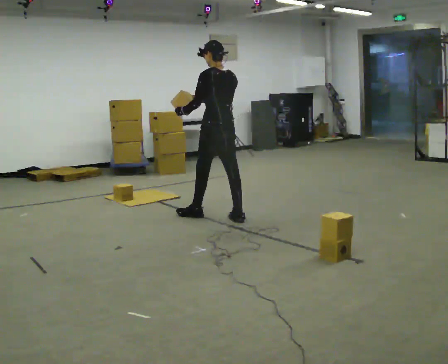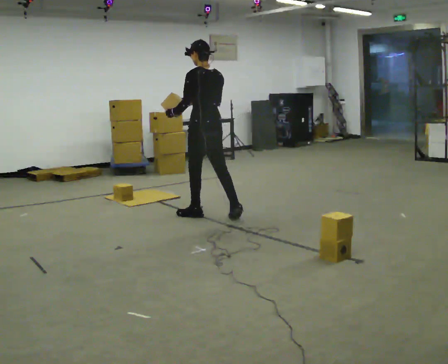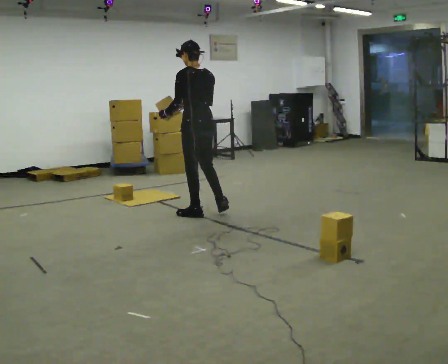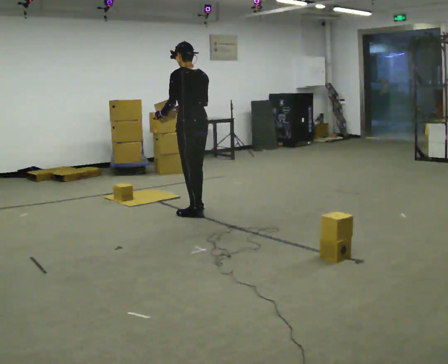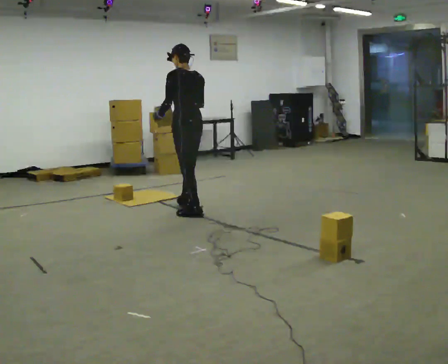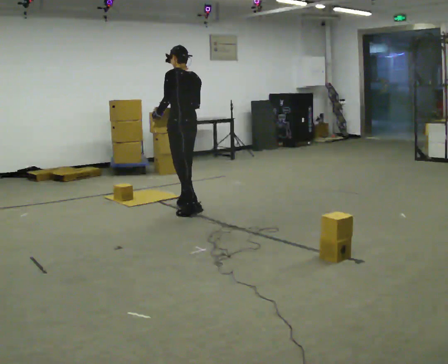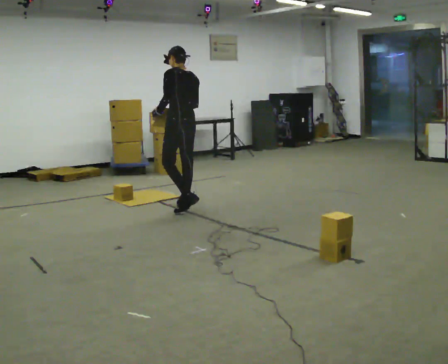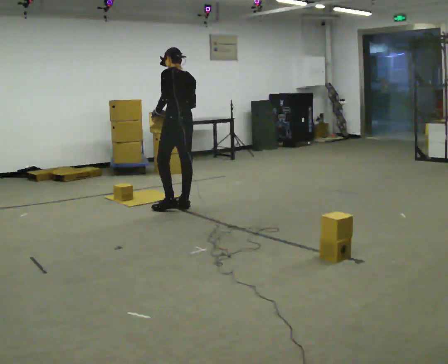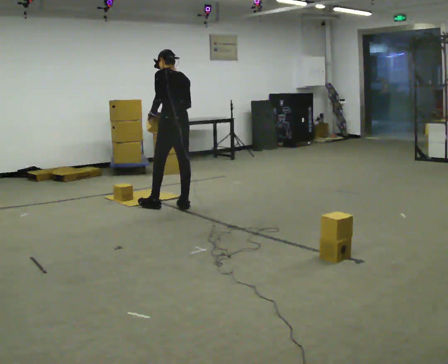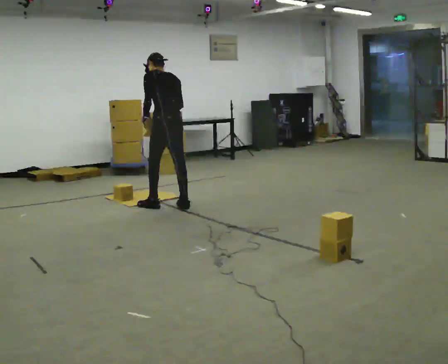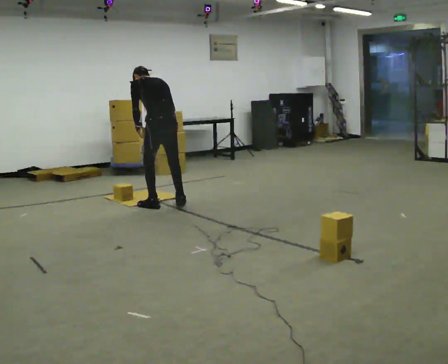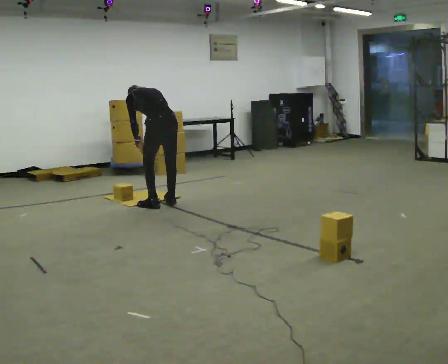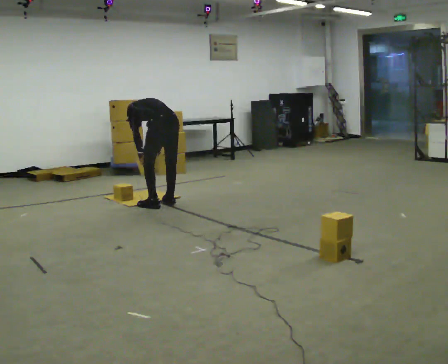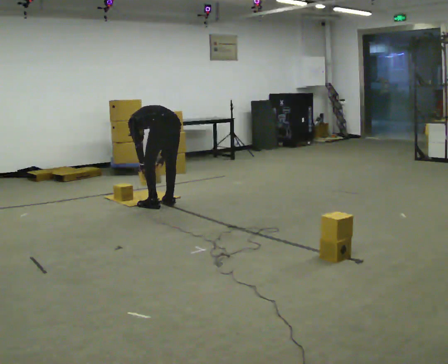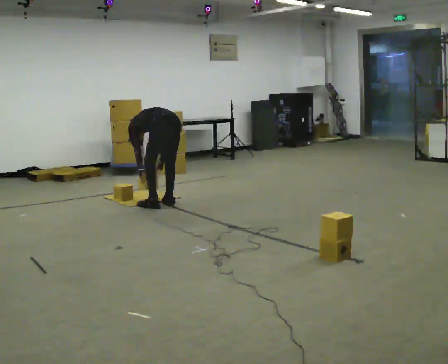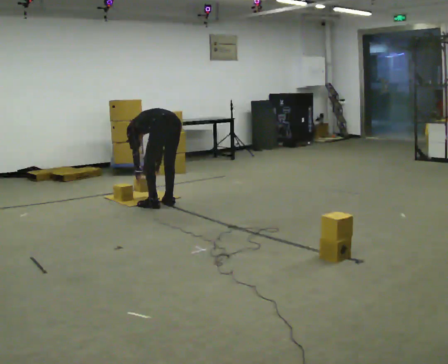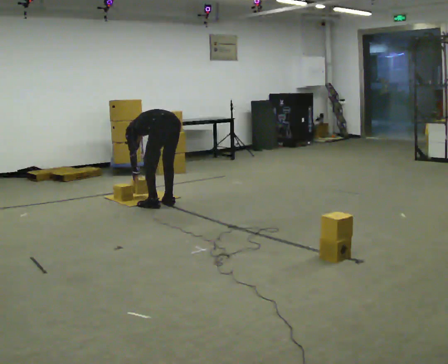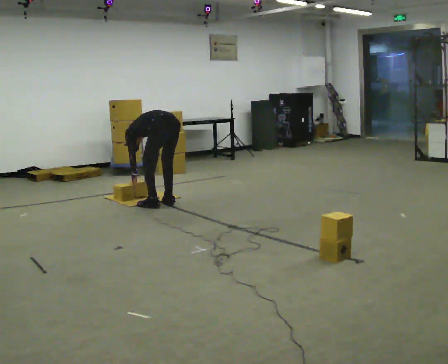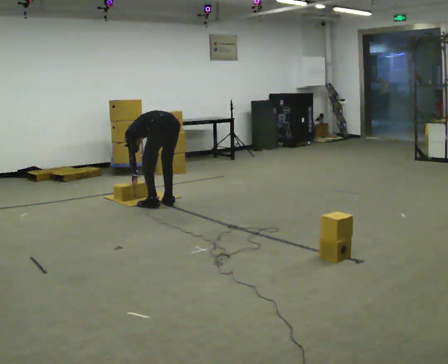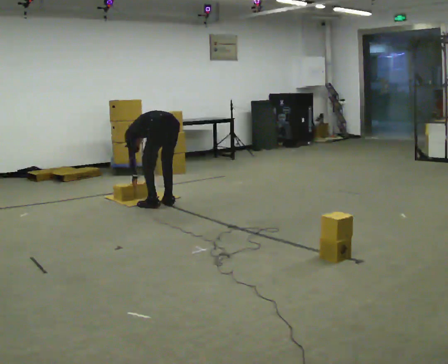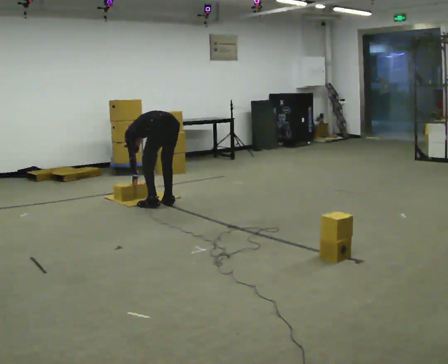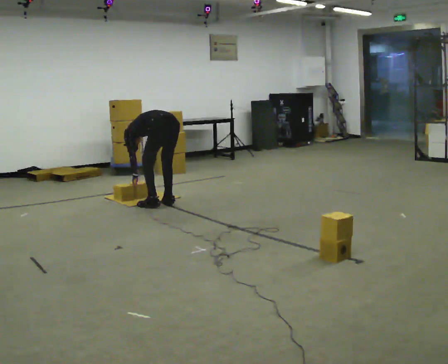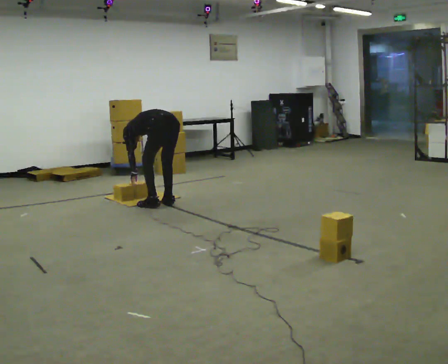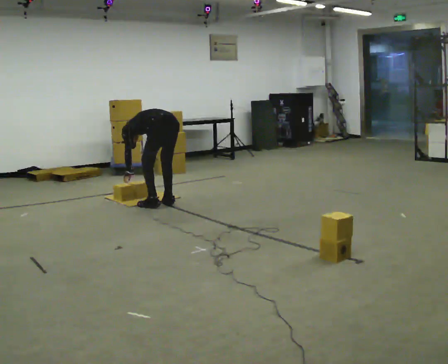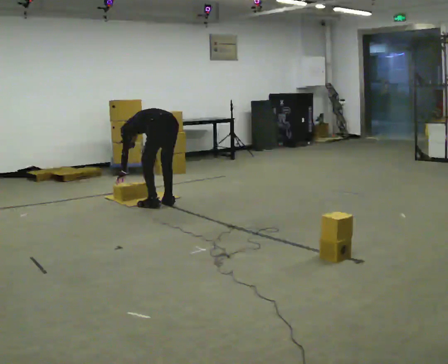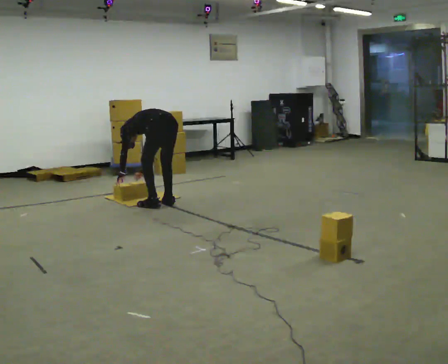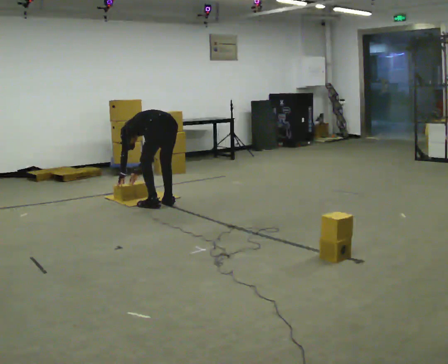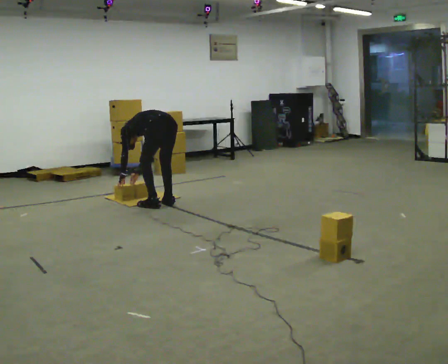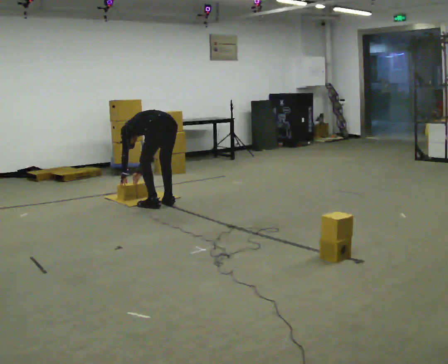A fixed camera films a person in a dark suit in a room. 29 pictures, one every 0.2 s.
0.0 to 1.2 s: In the picture they go away from the camera and to the left, about 0.5 m in 1 step, which for them is forward.
1.2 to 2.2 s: In the picture they go to the left, about 0.25 m in 2 steps, which for them is to their left and forward. The upper body goes downward. The upper body tips away from the camera, its near side rolling upward, as they bend forward. In the picture their left hand goes downward.
2.2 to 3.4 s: The upper body goes downward. In the picture the upper body tilts counterclockwise, shoulders to the left, as they bend forward. In the picture their right hand goes downward.
3.4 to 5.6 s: The person moves a little, or ends about where they began.
The film runs forward here.
